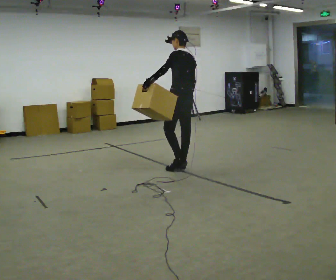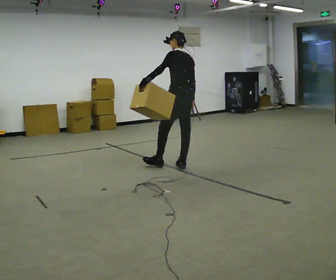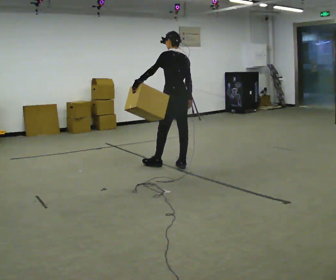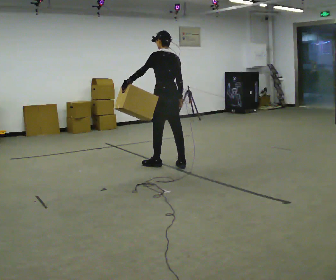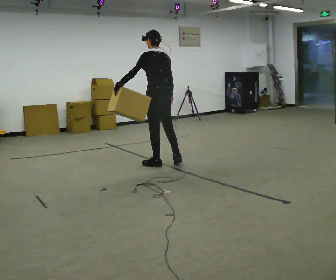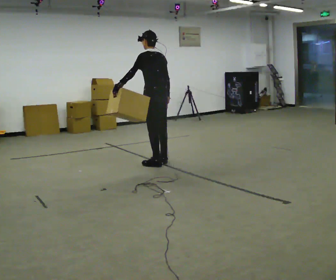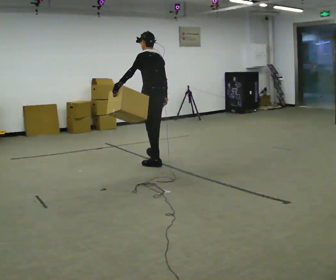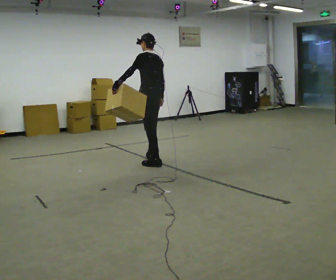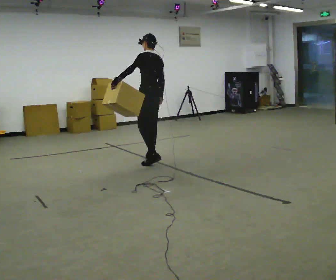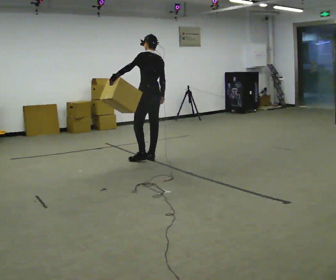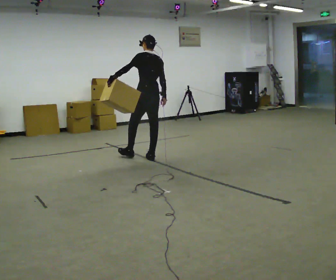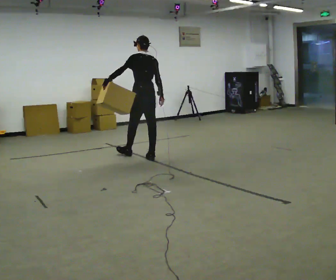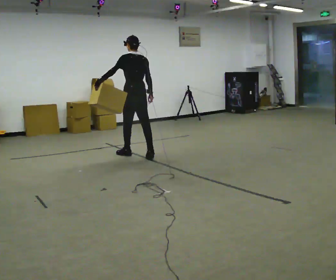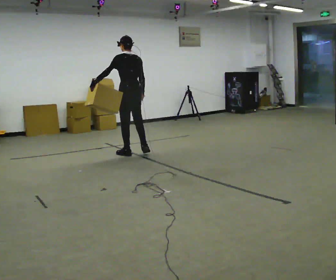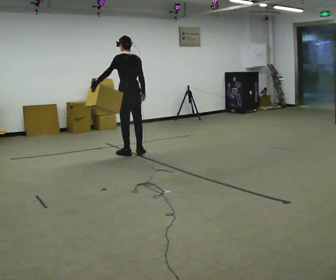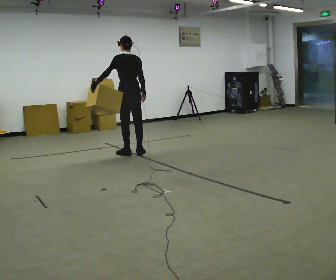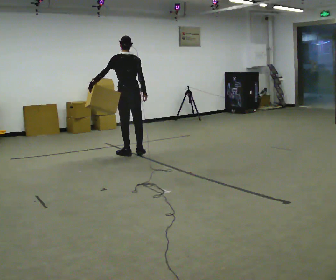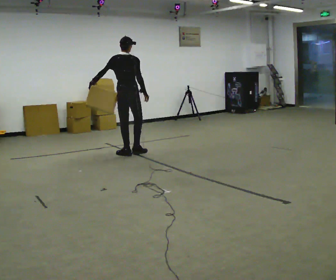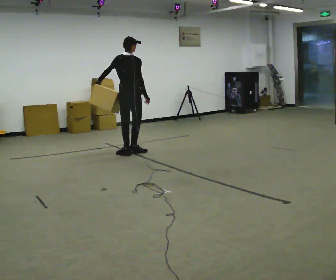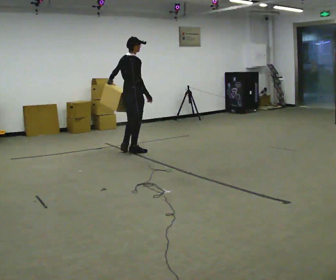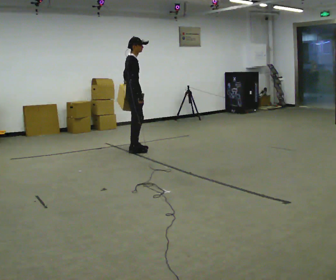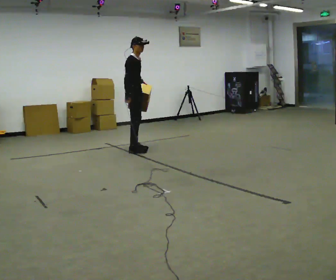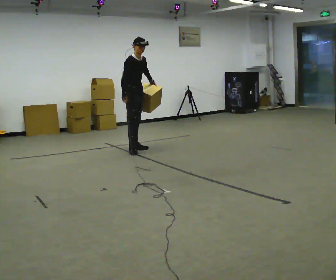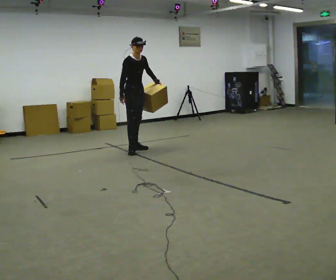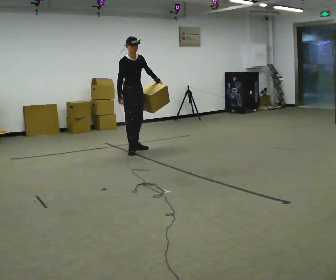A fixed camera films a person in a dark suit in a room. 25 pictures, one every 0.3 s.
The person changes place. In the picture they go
away from the camera.
The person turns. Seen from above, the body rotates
clockwise.
0.0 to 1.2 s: In the picture they go to the left, about 0.25 m in 1 step, which for them is forward and to their left.
1.2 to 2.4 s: In the picture they go away from the camera, about 0.25 m in 1 step, which for them is forward and to their right.
2.4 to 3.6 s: In the picture they go away from the camera and to the left, about 0.25 m in 1 step, which for them is forward.
3.6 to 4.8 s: The person moves a little, or ends about where they began.
4.8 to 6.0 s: Seen from above the body turns clockwise, about 90 degrees: to their right, with its near side sliding to the left. In the picture their left hand goes to the right.
6.0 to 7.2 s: The person turns about 60 degrees to their right, clockwise seen from above, so the part of the body nearest the lens slides to the left. In the picture their left hand goes to the right, the arm swinging counterclockwise.
The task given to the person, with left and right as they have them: Hold the object against your hip on the side the operator calls, and carry it back and forth across the room.
The film runs forward here.
